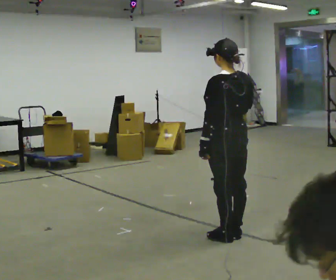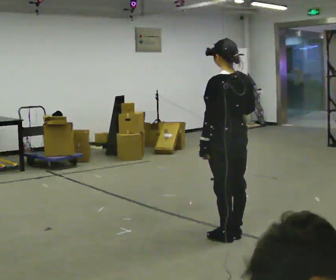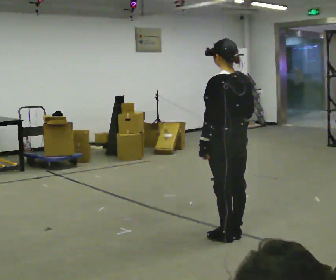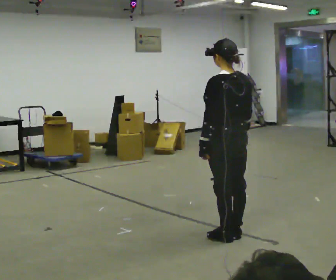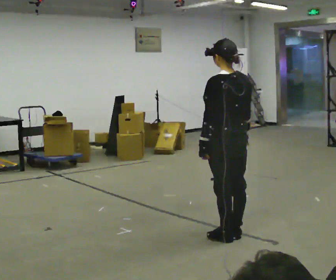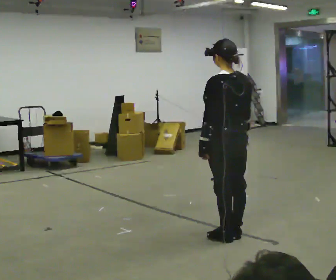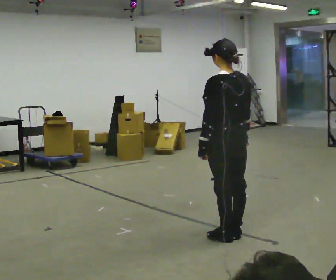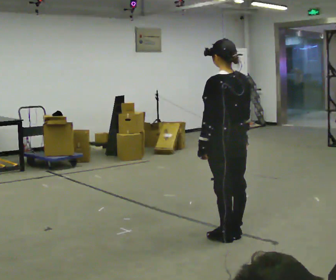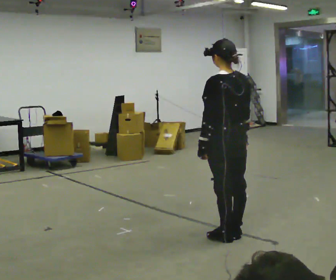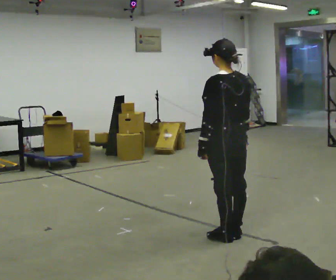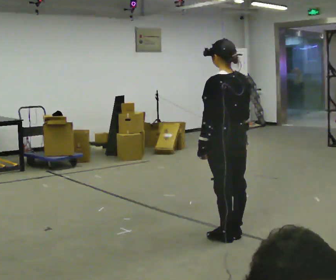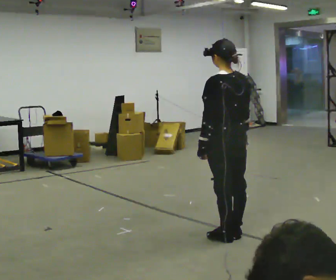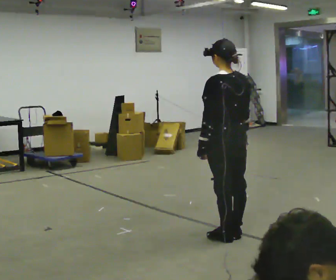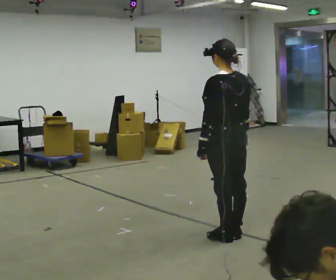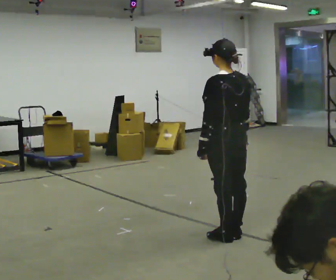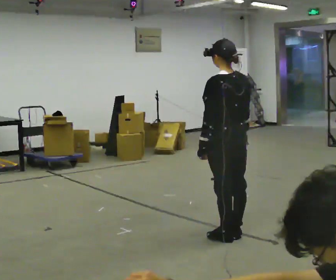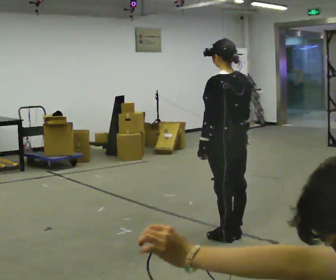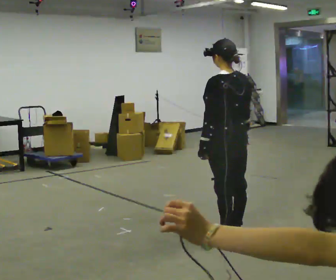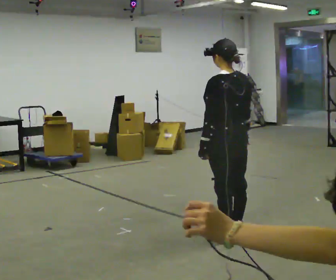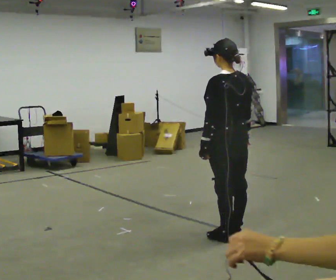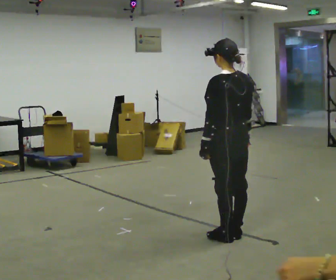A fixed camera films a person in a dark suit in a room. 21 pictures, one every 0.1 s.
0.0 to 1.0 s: In the picture their right hand goes downward.
1.0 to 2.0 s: The person keeps their place and pose.
The film runs backward here.
